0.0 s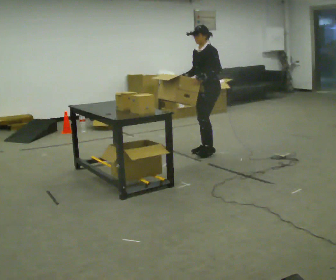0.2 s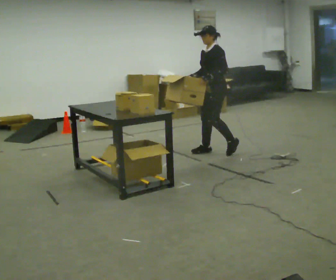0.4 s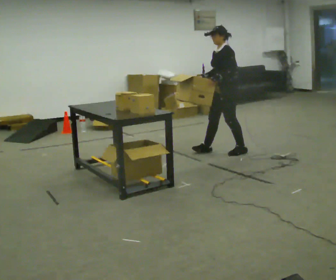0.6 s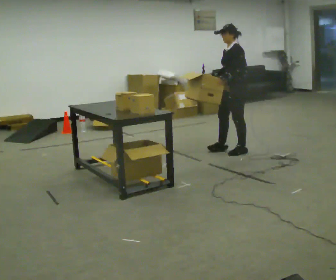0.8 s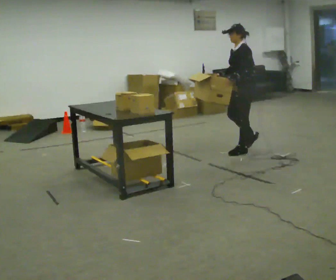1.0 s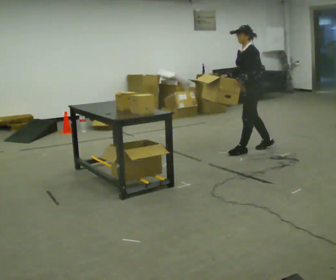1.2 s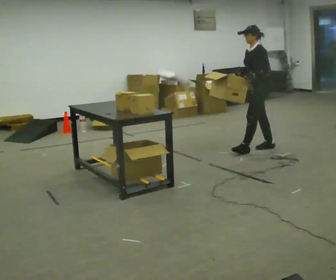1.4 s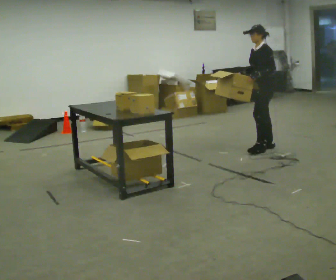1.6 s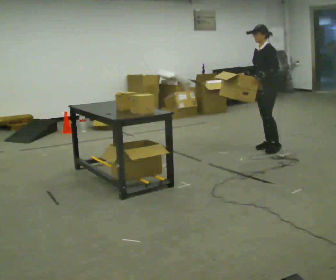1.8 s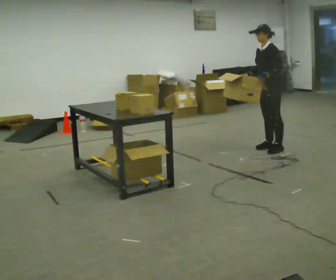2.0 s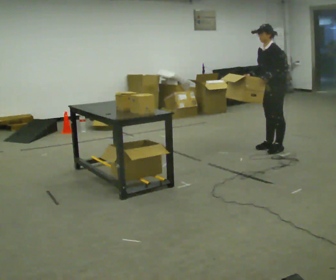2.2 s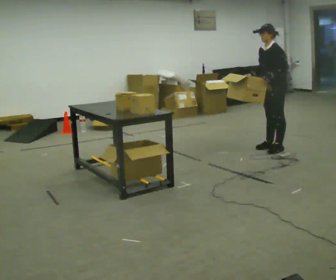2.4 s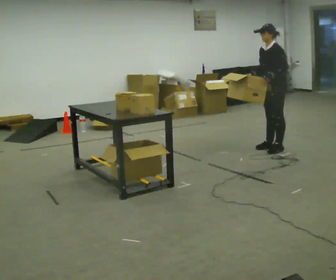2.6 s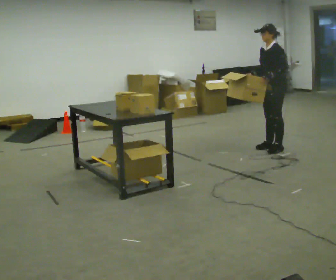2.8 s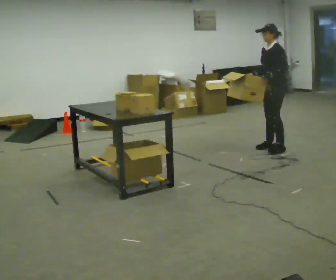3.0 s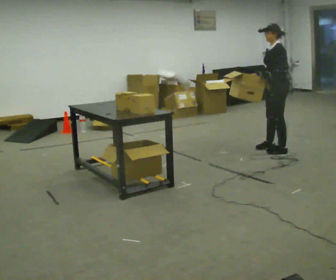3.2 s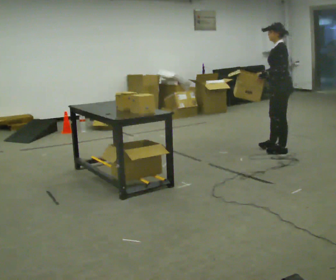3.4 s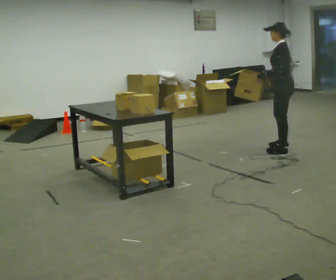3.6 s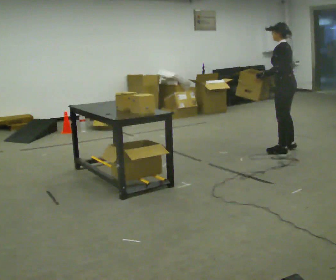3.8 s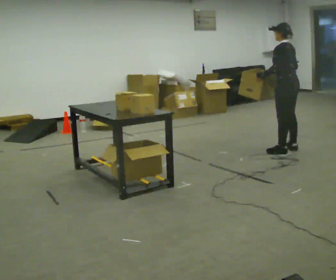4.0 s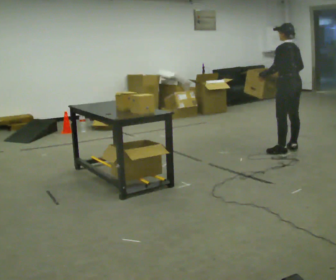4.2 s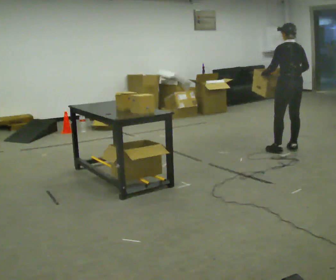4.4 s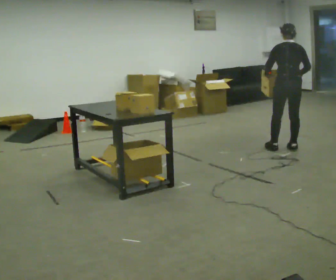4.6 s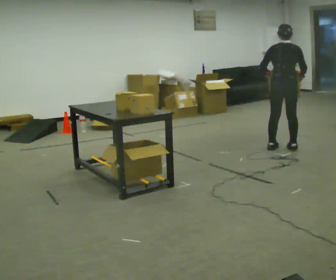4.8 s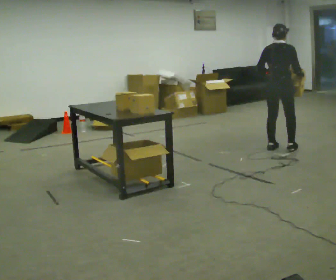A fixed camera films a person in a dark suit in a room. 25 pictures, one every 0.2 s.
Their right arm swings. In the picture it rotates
counterclockwise.
The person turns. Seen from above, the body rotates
clockwise.
0.0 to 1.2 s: In the picture they go to the right, about 0.75 m in 2 steps, which for them is backward.
1.2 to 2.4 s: In the picture they go to the right, about 0.25 m, which for them is backward.
2.4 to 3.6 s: The person turns about 45 degrees to their right, clockwise seen from above, so the part of the body nearest the lens slides to the left. In the picture they go toward the camera, about 0.25 m in 1 step, which for them is to their left.
3.6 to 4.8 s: The part of the body nearest the lens slides to the left as the person turns to their right by about 90 degrees.
The film runs backward here.
